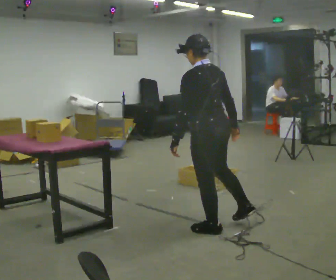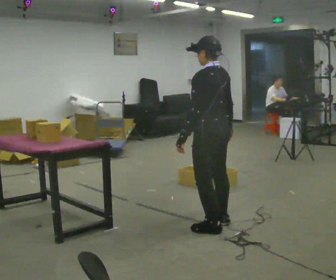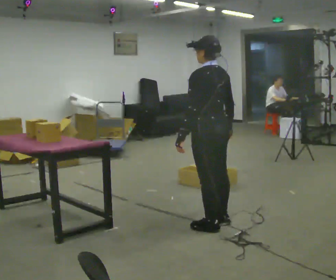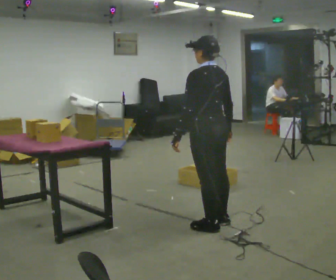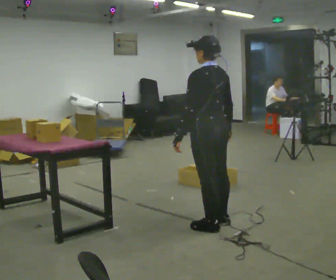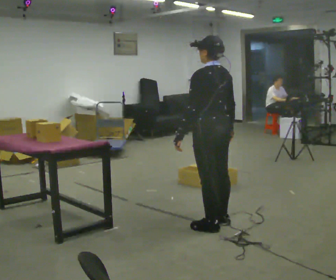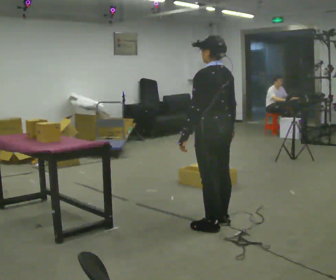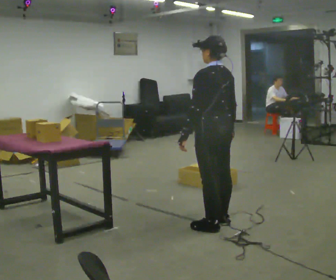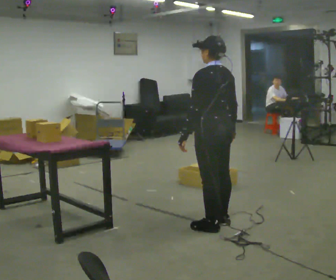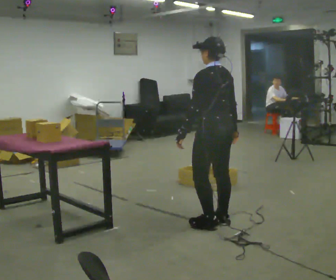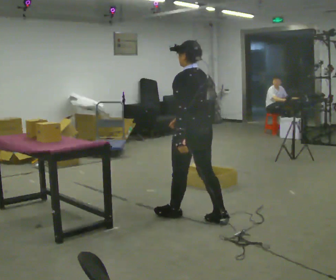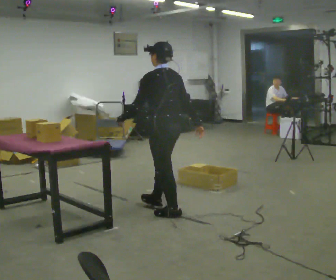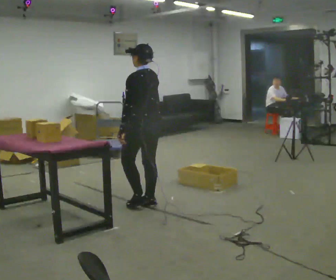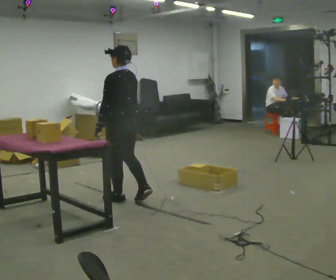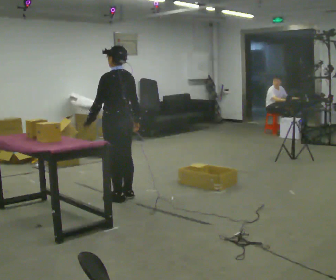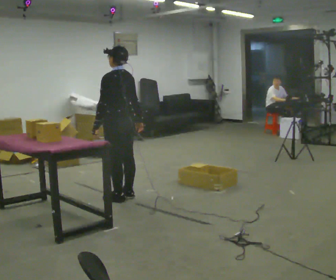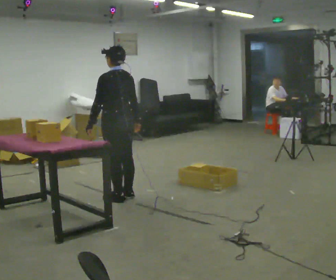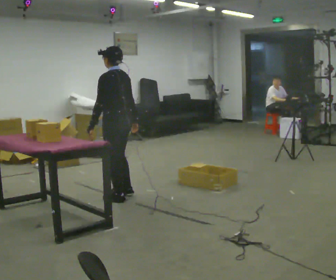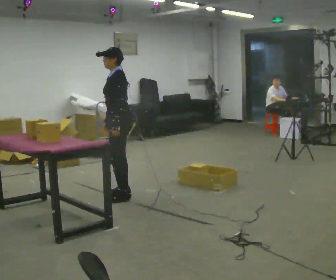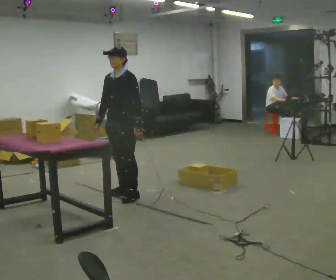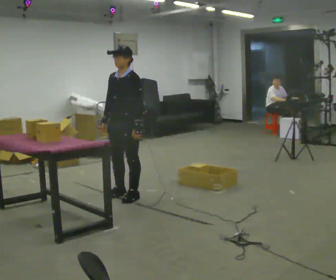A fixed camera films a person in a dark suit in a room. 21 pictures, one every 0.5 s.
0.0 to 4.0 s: The person moves a little, or ends about where they began.
4.0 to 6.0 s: In the picture they go away from the camera and to the left, about 1 m in 2 steps, which for them is forward.
6.0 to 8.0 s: In the picture they go to the left and away from the camera, about 0.25 m in 2 steps, which for them is forward.
8.0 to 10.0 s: The person turns about 90 degrees to their left, counterclockwise seen from above, so the part of the body nearest the lens slides to the right. In the picture their right hand goes to the left, the arm swinging clockwise.
The film runs forward here.
